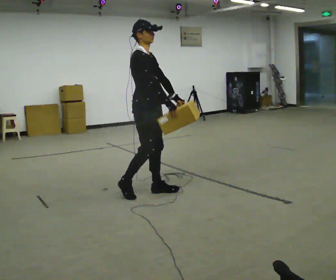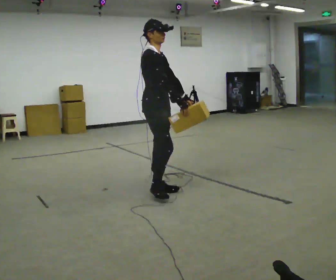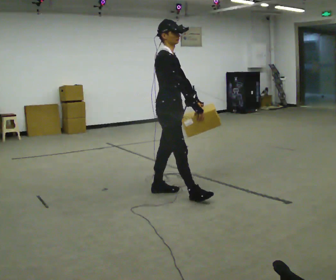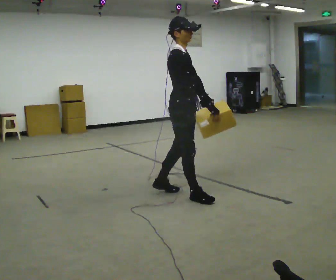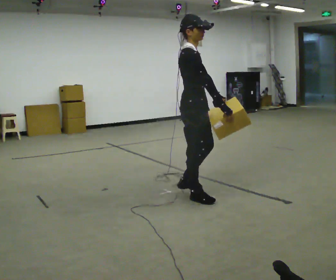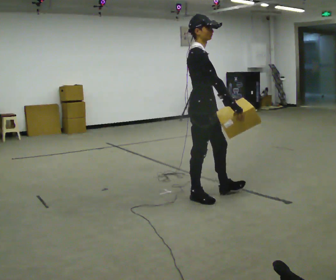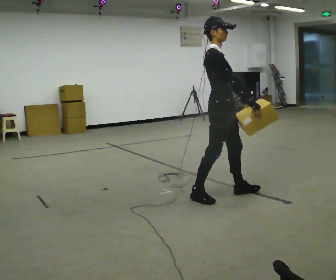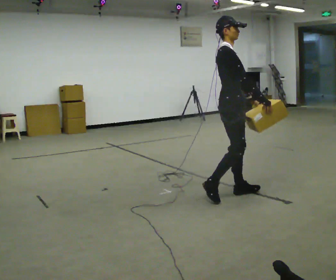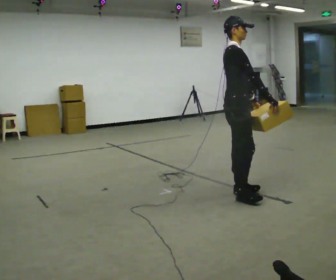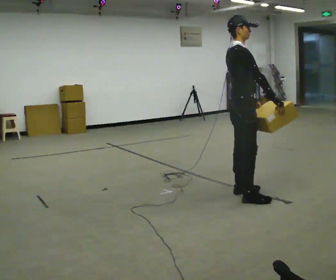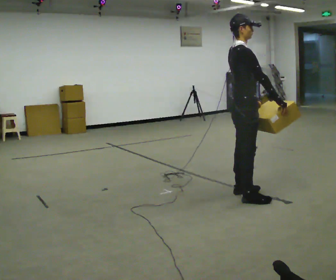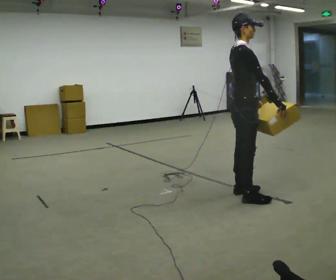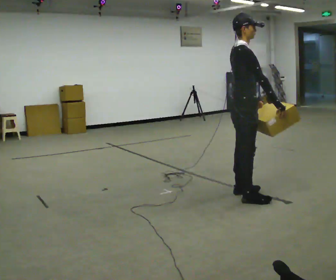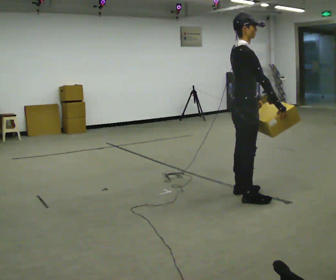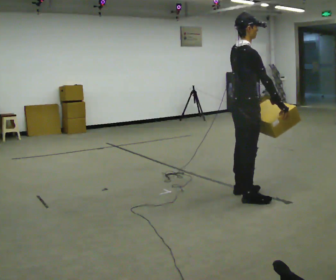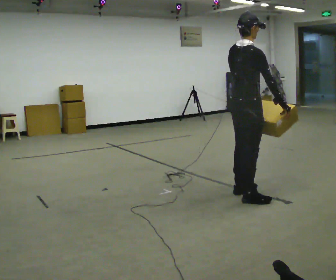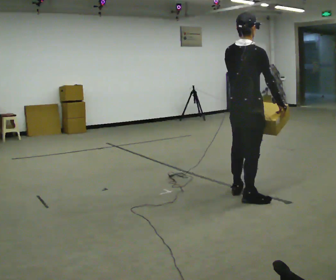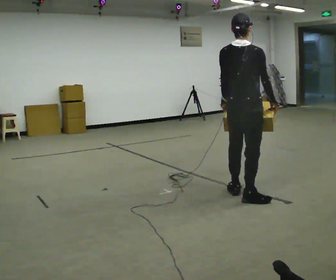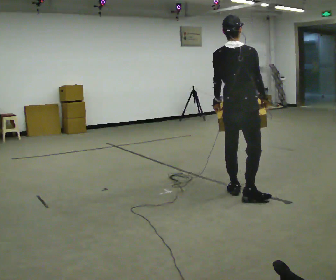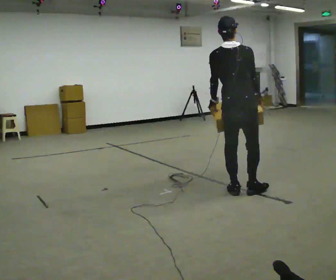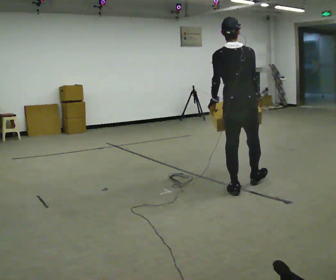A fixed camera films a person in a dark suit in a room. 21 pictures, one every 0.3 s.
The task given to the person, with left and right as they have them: Carry the medium box in both hands in front of you, walking back and forth across the room. Keep walking until the operator says stop.
0.0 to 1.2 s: In the picture they go to the right, about 0.5 m in 1 step, which for them is forward.
1.2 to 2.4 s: In the picture they go to the right, about 0.5 m in 1 step, which for them is forward.
2.4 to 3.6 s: The person moves a little, or ends about where they began.
3.6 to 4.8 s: Seen from above the body turns counterclockwise, about 45 degrees: to their left, with its near side sliding to the right.
4.8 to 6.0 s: The part of the body nearest the lens slides to the right as the person turns to their left by about 45 degrees. In the picture they go away from the camera, about 0.25 m, which for them is forward.
The film runs forward here.
